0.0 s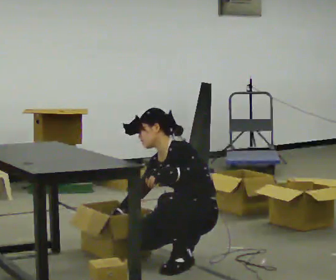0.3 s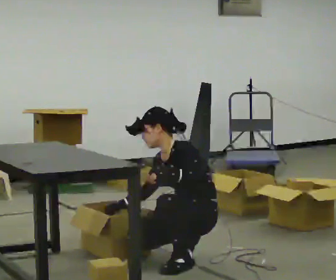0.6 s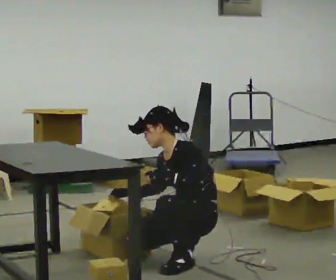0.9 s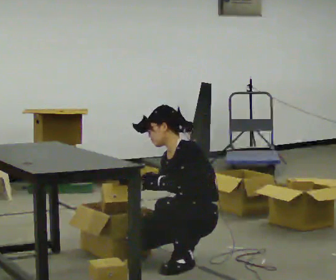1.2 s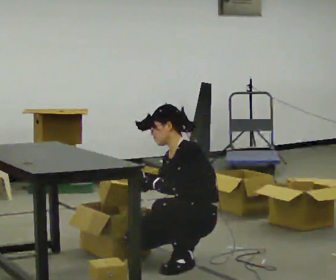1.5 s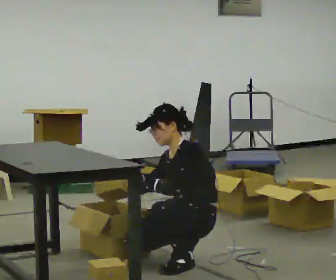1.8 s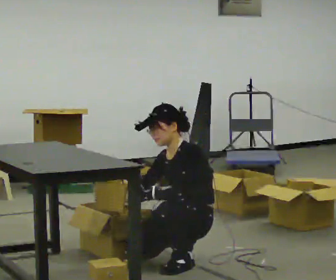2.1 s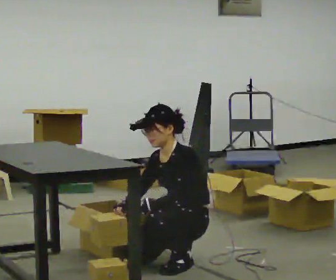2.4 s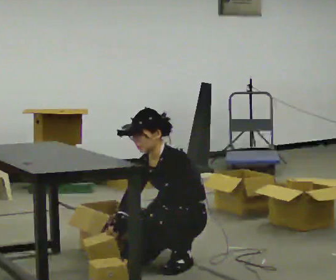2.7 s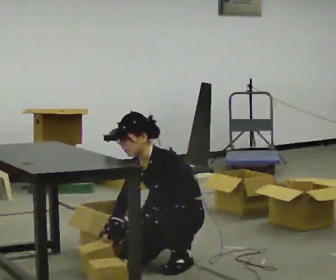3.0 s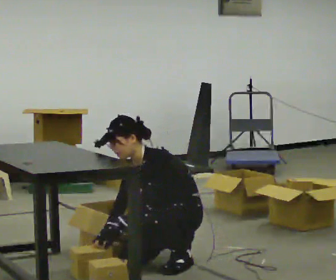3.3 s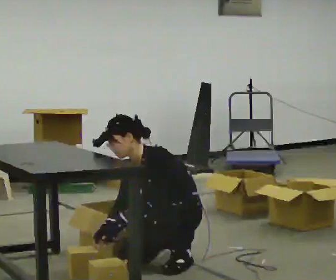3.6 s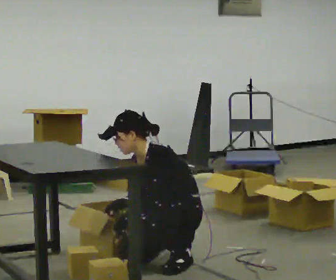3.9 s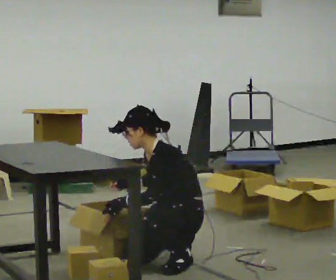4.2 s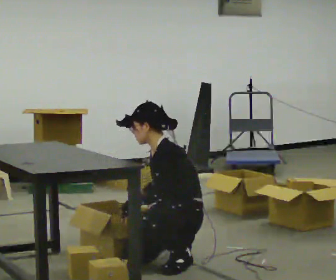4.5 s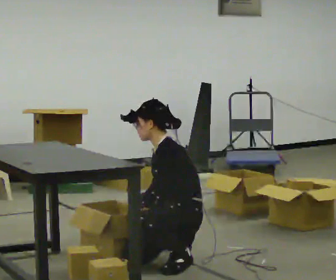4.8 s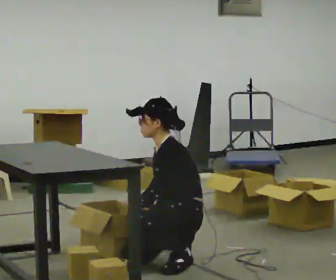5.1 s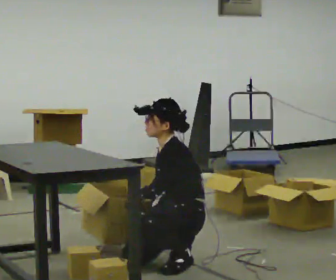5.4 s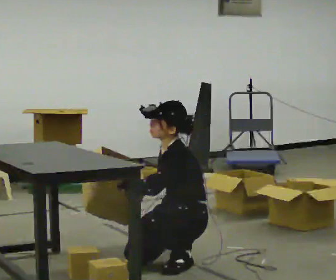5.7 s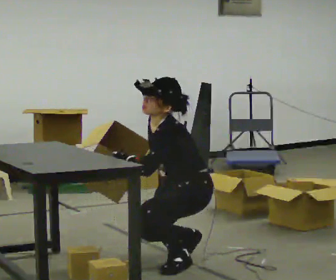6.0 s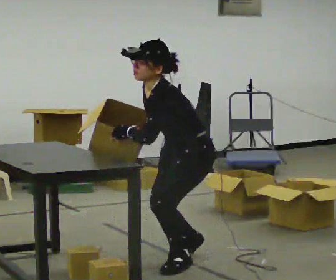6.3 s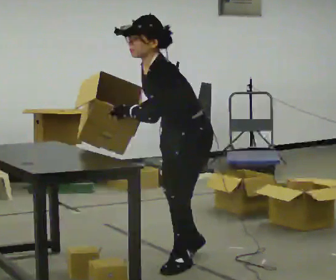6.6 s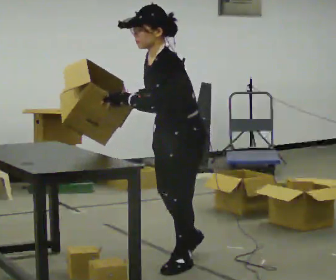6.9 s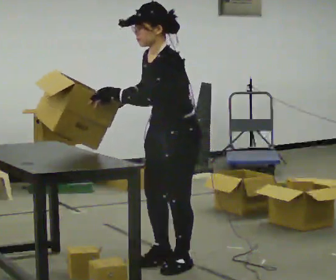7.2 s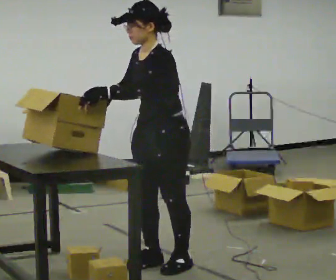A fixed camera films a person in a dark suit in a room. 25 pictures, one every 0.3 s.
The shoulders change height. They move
upward.
0.0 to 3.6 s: The person moves a little, or ends about where they began.
3.6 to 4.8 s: In the picture the upper body tilts clockwise, shoulders to the right, as they lean back or straighten.
4.8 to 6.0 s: The shoulders move upward. The upper body tips toward the camera, its near side rolling downward, as they bend forward. In the picture their right hand goes upward.
6.0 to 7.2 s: In the picture they go to the left, about 0.25 m in 1 step, which for them is forward. The shoulders move upward. In the picture the upper body tilts clockwise, shoulders to the right, as they lean back or straighten.
The film runs forward here.
